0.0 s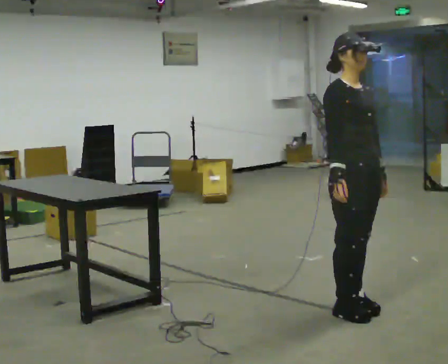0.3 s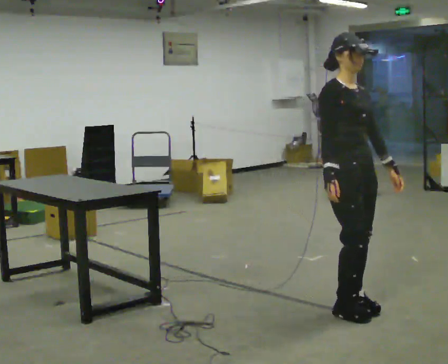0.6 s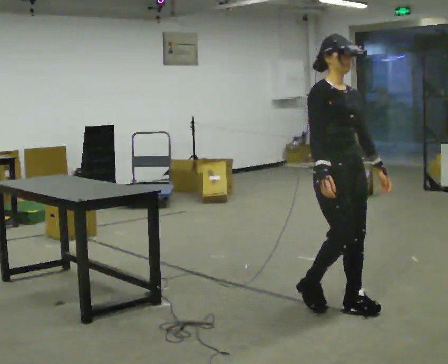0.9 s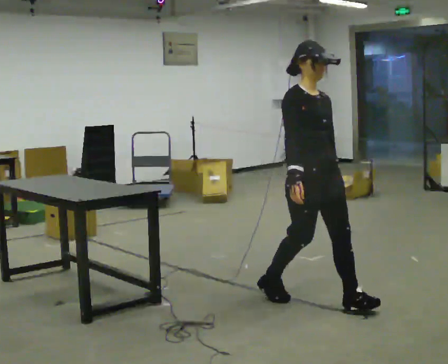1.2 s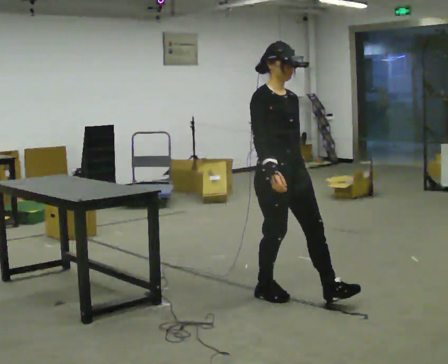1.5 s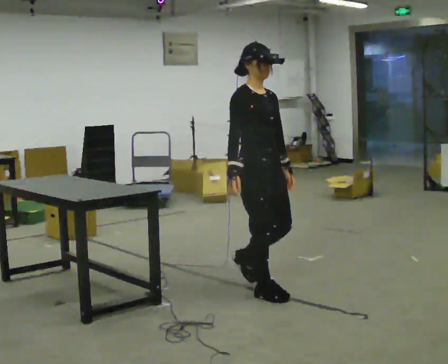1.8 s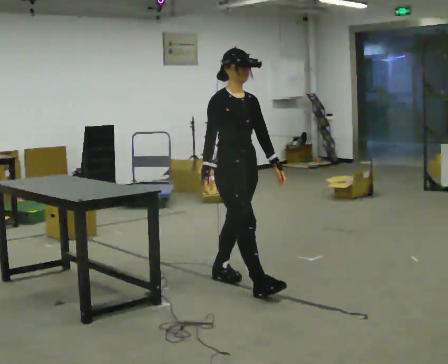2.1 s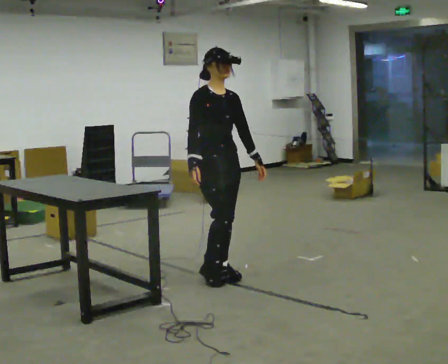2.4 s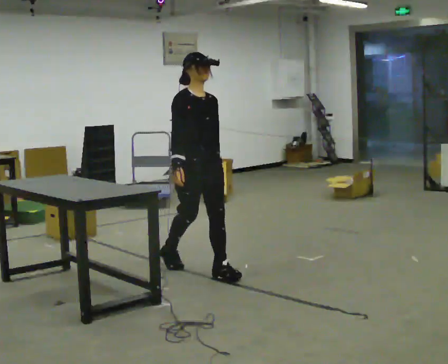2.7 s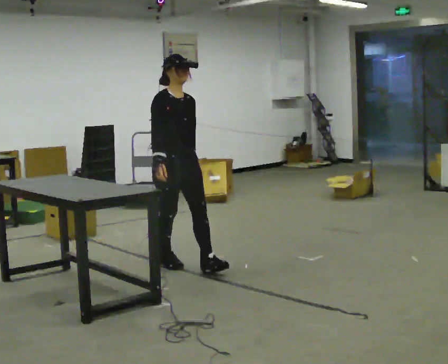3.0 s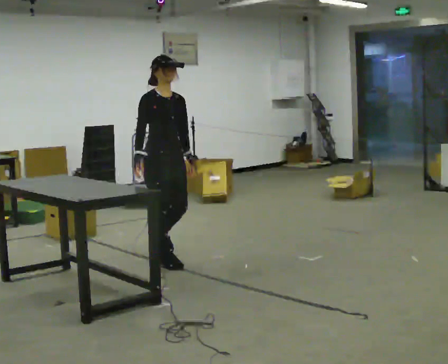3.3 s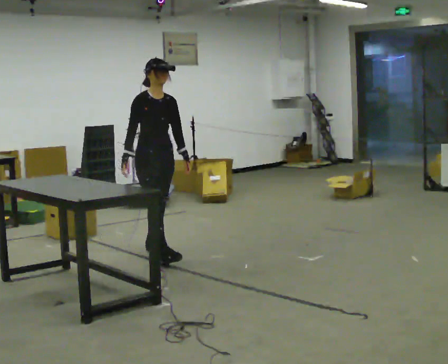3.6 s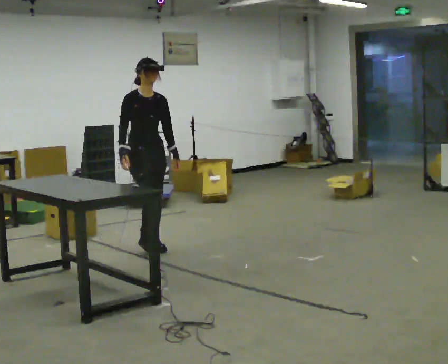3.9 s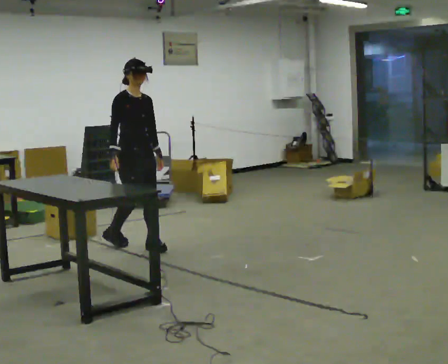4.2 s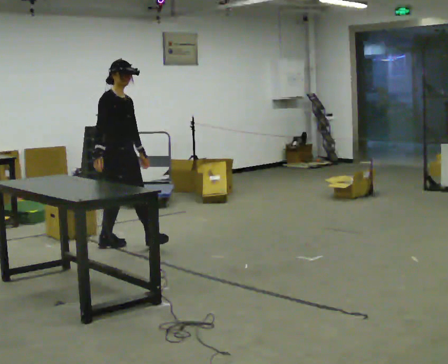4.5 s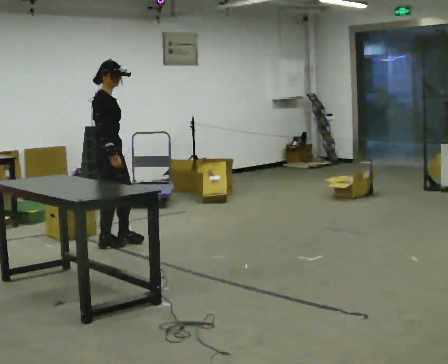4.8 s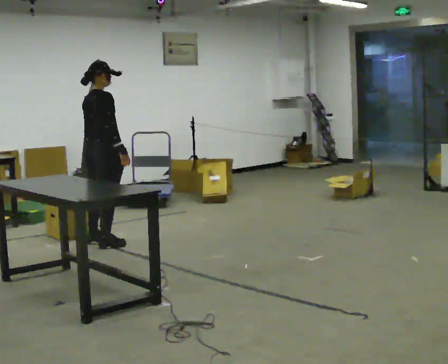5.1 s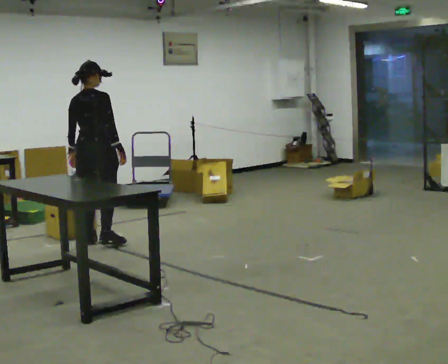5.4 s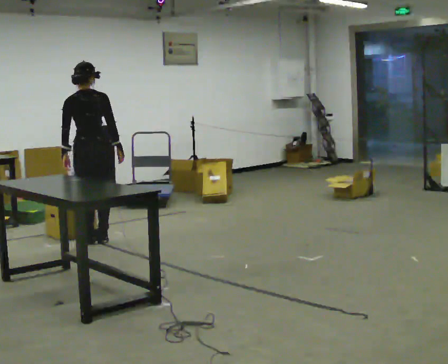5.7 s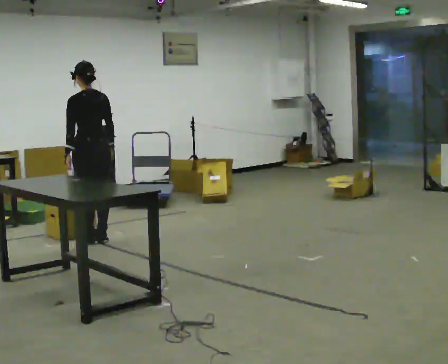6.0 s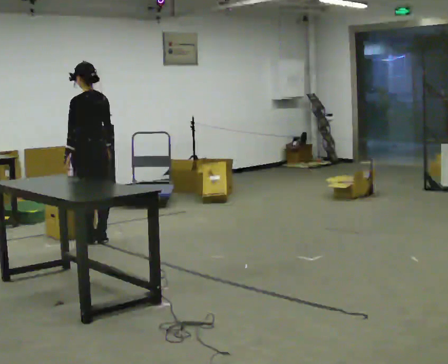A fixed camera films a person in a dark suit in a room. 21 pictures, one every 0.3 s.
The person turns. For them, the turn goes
to their left.
The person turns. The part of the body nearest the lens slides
to the right.
0.0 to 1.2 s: In the picture they go to the left and away from the camera, about 0.5 m in 2 steps, which for them is backward.
1.2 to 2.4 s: In the picture they go away from the camera and to the left, about 1 m in 1 step, which for them is backward.
2.4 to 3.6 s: In the picture they go away from the camera and to the left, about 1 m in 2 steps, which for them is backward.
3.6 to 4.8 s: Seen from above the body turns counterclockwise, about 90 degrees: to their left, with its near side sliding to the right. In the picture they go to the left and away from the camera, about 0.5 m in 1 step.
4.8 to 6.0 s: Seen from above the body turns counterclockwise, about 90 degrees: to their left, with its near side sliding to the right. In the picture they go away from the camera, about 0.25 m in 1 step.
The film runs backward here.
